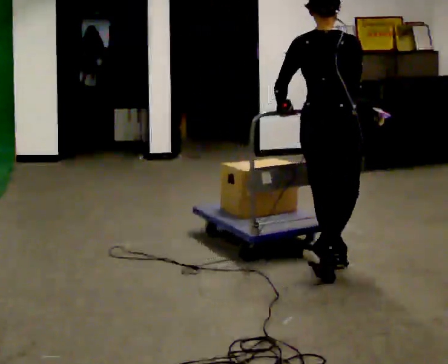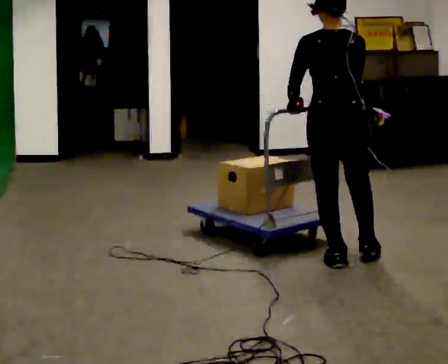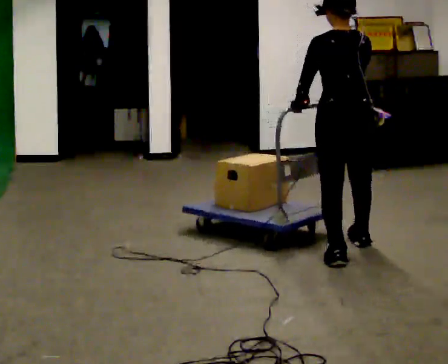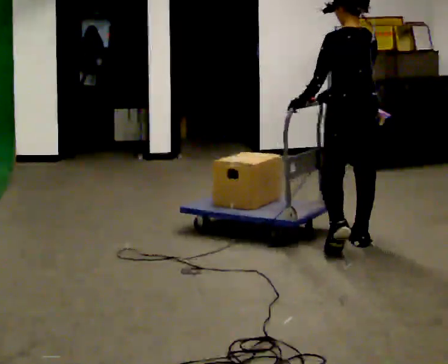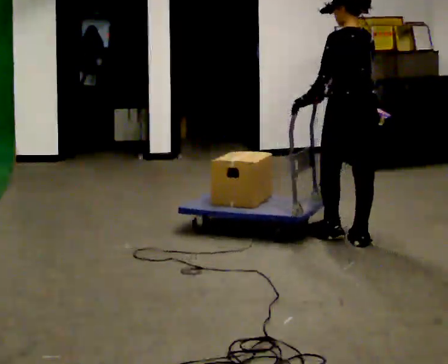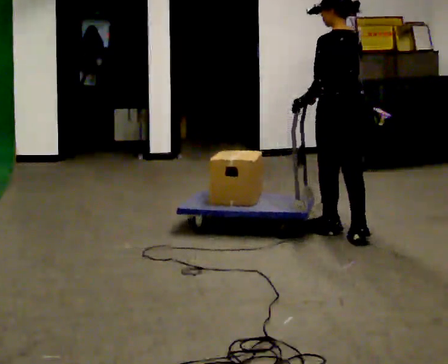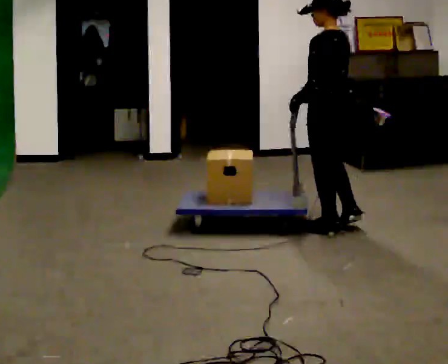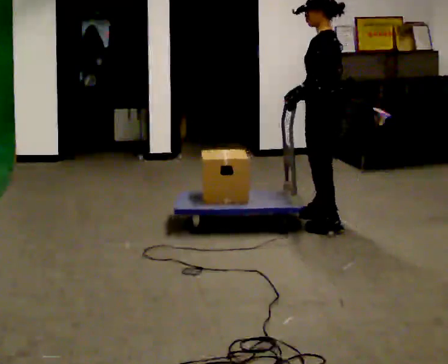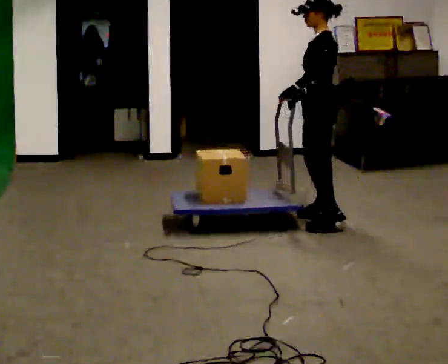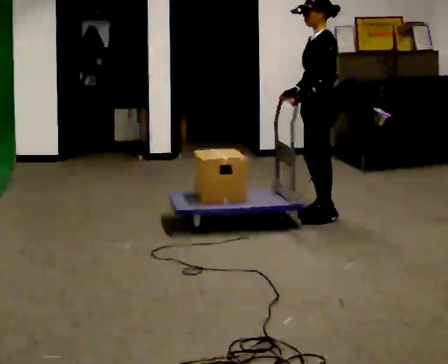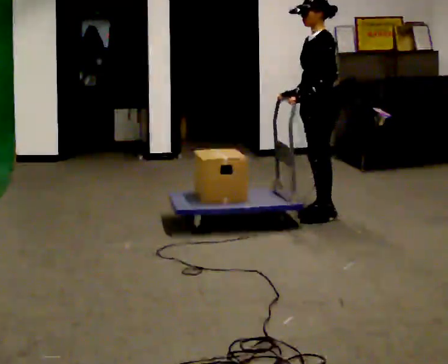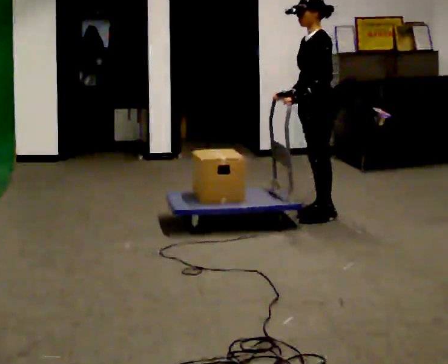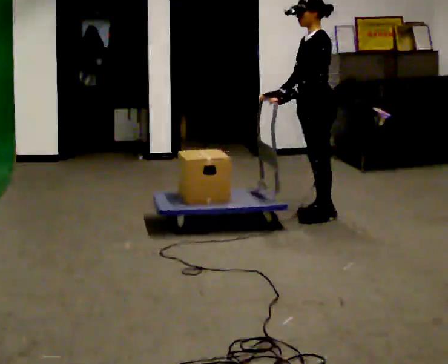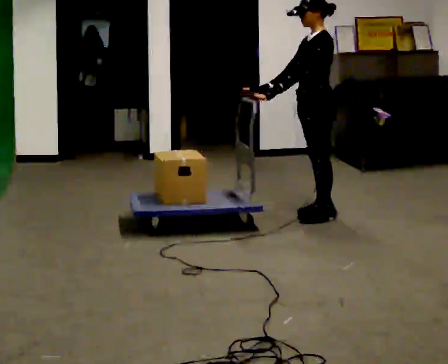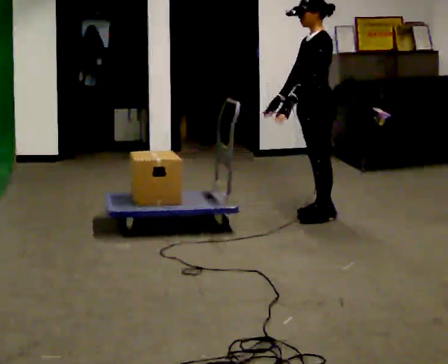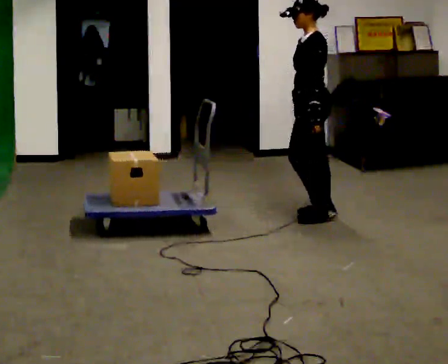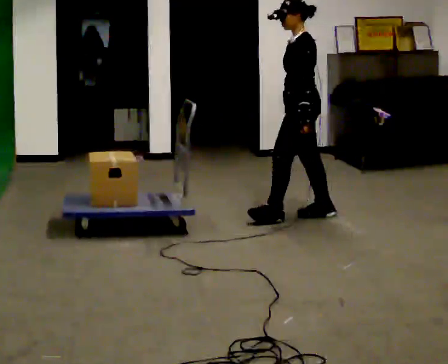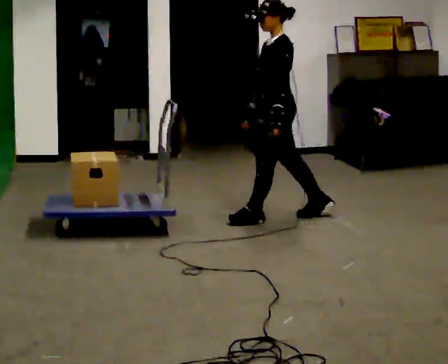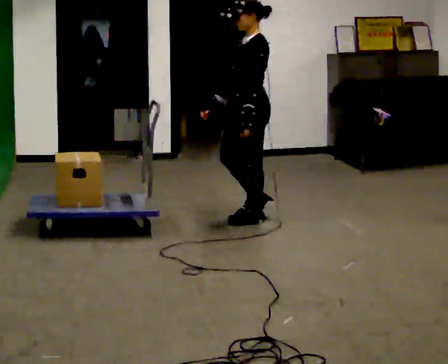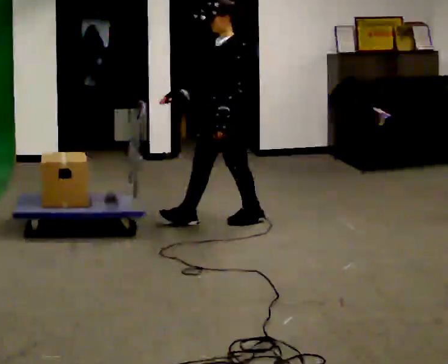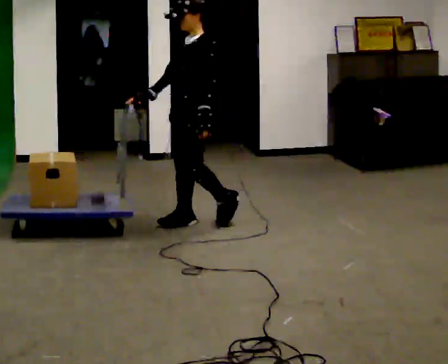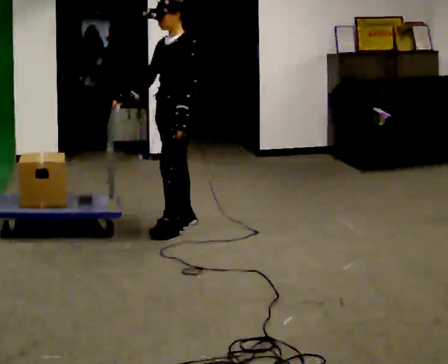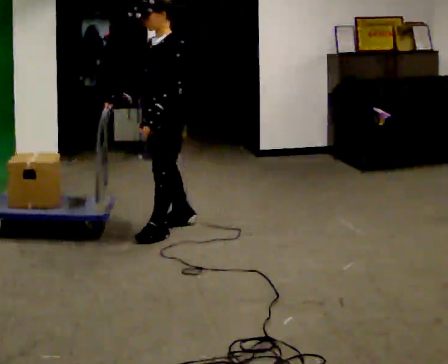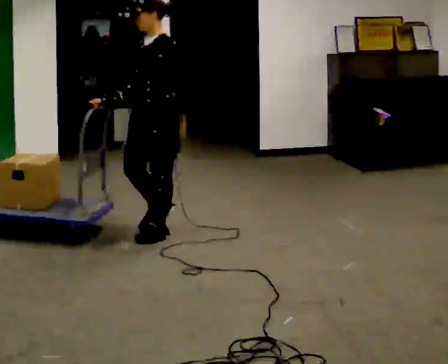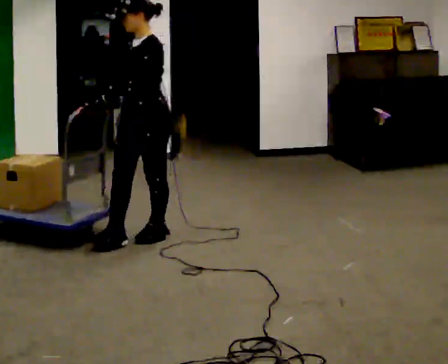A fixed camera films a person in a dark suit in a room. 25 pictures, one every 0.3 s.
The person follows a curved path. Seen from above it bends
counterclockwise.
The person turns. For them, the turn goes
to their left.
0.0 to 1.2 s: The person turns about 45 degrees to their left, counterclockwise seen from above, so the part of the body nearest the lens slides to the right. In the picture they go away from the camera, about 0.5 m in 1 step, which for them is forward and to their right.
1.2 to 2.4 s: Seen from above the body turns counterclockwise, about 60 degrees: to their left, with its near side sliding to the right. In the picture they go away from the camera, about 0.5 m in 2 steps, which for them is forward and to their right.
2.4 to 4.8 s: The person moves a little, or ends about where they began.
4.8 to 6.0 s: The part of the body nearest the lens slides to the right as the person turns to their left by about 30 degrees. In the picture they go to the left and toward the camera, about 1 m in 2 steps, which for them is forward.
6.0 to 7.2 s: In the picture they go toward the camera and to the left, about 0.5 m in 1 step, which for them is forward and to their left.
The film runs forward here.
